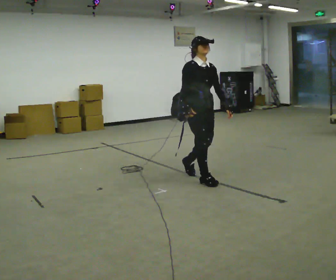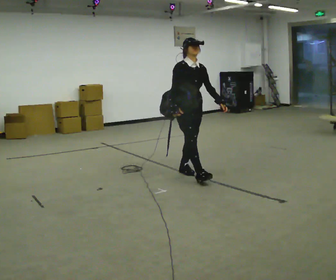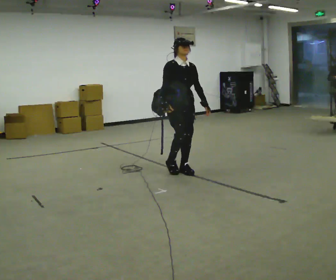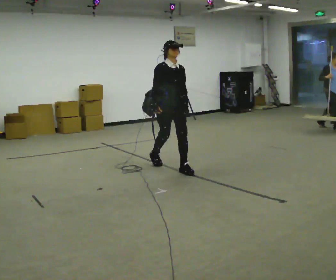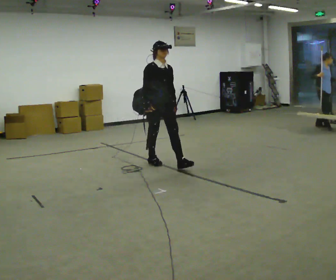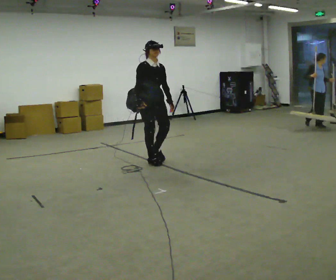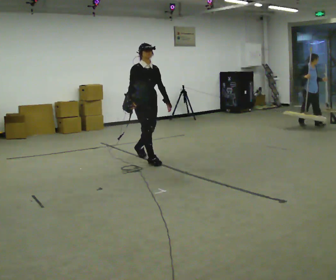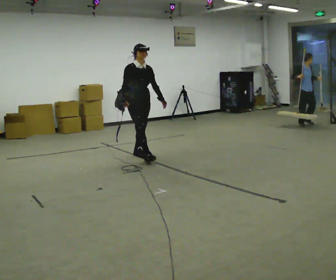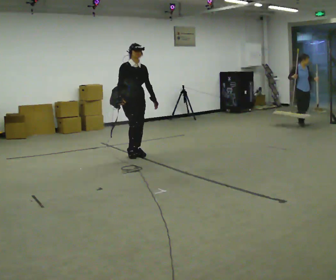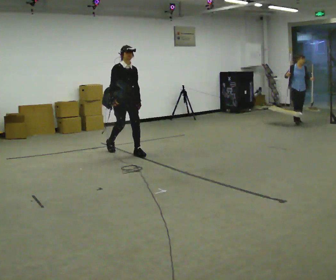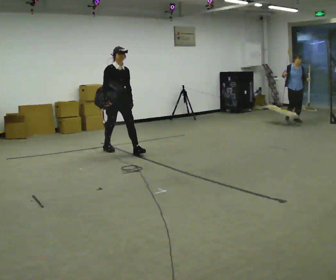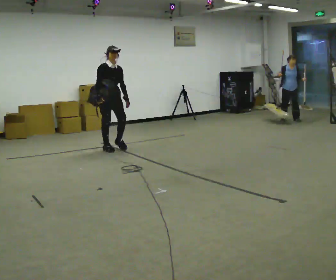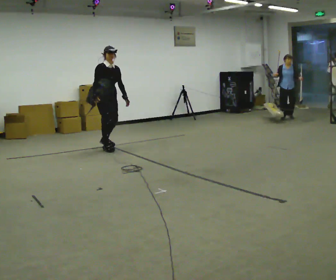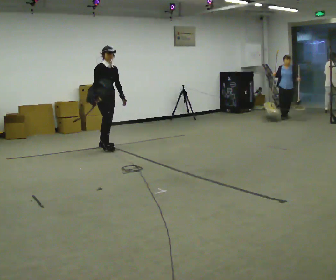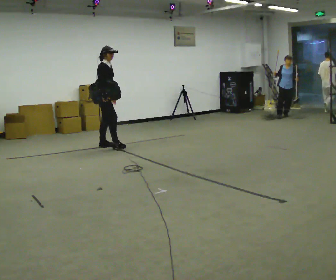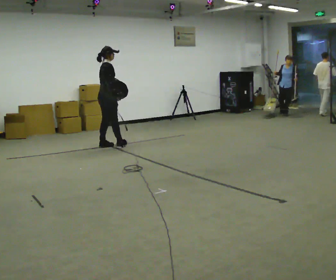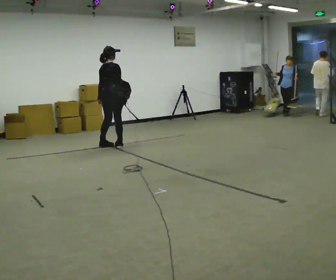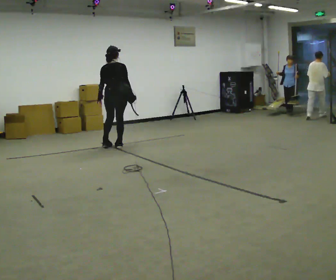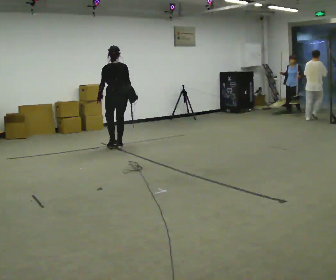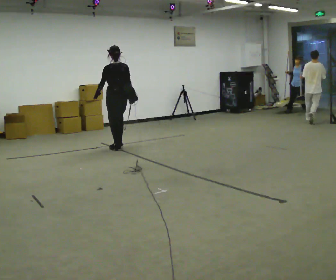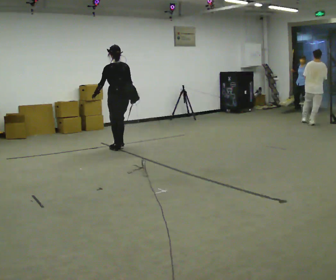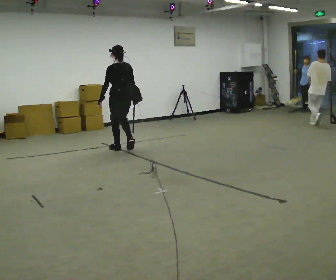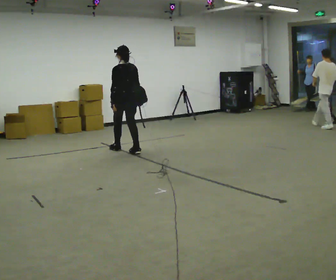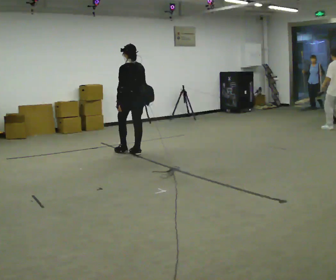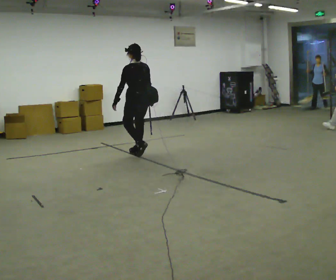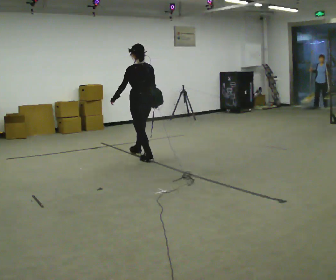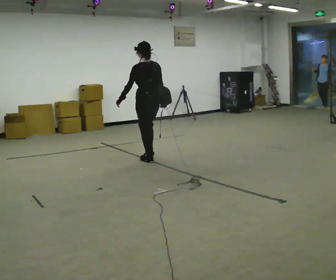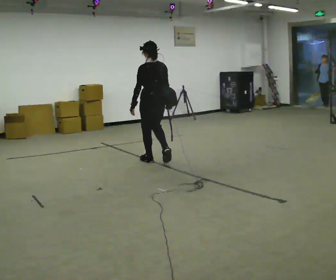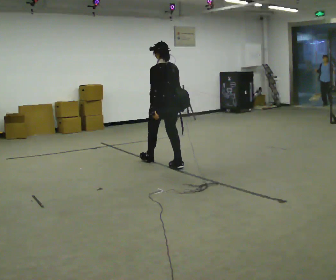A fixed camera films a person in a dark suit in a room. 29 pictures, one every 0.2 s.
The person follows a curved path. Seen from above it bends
clockwise.
0.0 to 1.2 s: In the picture they go away from the camera and to the left, about 1 m in 2 steps, which for them is backward.
1.2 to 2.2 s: In the picture they go away from the camera and to the left, about 1 m in 2 steps, which for them is backward.
2.2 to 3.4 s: The person turns about 135 degrees to their left, counterclockwise seen from above, so the part of the body nearest the lens slides to the right. In the picture they go away from the camera, about 0.25 m in 2 steps. In the picture their right hand goes to the right, the arm swinging counterclockwise.
3.4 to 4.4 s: The part of the body nearest the lens slides to the right as the person turns to their left by about 30 degrees. In the picture they go toward the camera and to the right, about 0.25 m in 1 step, which for them is backward.
4.4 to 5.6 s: In the picture they go toward the camera and to the right, about 1 m in 2 steps, which for them is backward.
The film runs backward here.
